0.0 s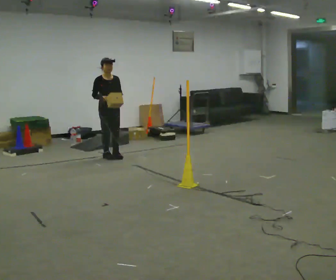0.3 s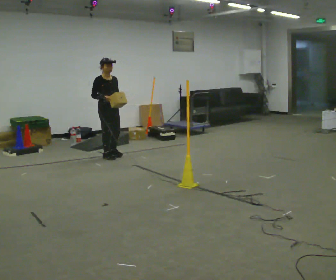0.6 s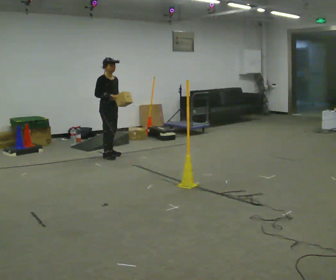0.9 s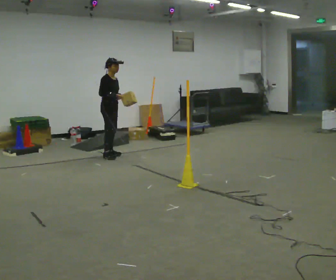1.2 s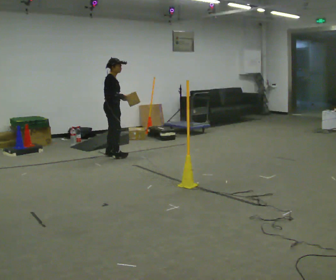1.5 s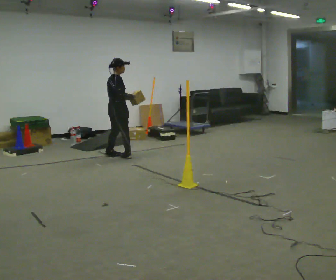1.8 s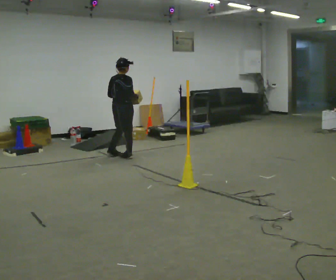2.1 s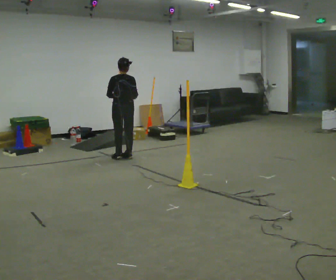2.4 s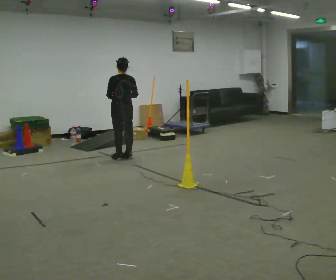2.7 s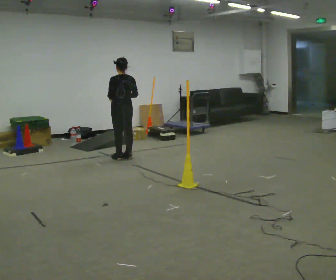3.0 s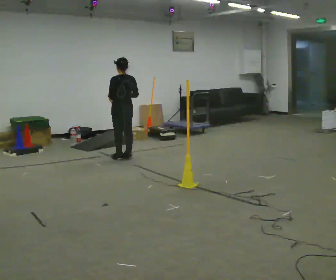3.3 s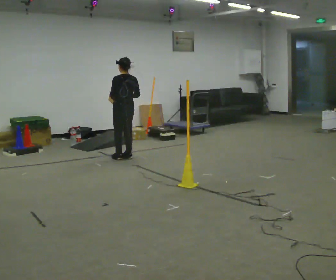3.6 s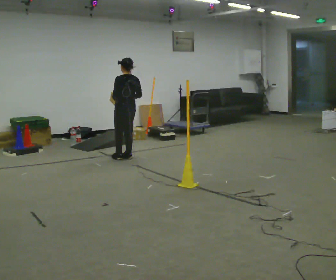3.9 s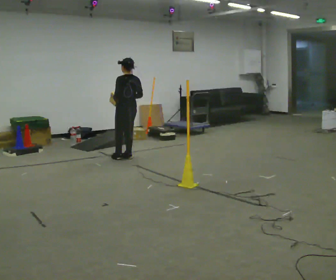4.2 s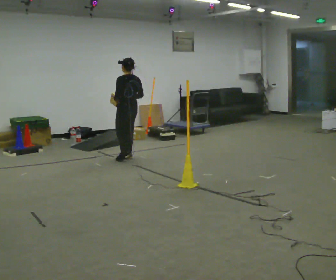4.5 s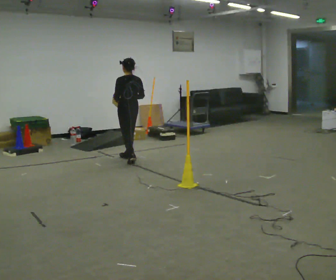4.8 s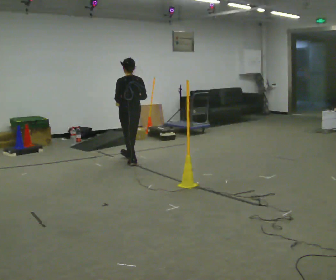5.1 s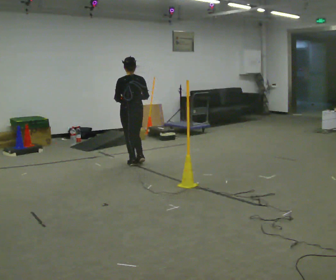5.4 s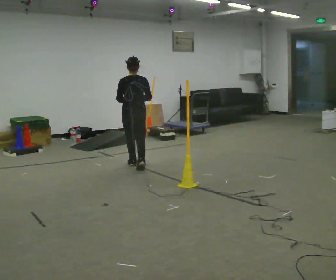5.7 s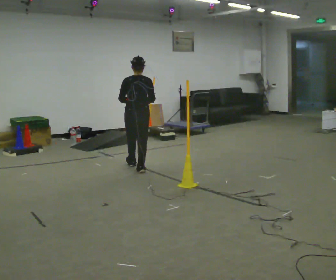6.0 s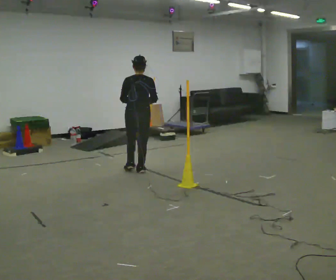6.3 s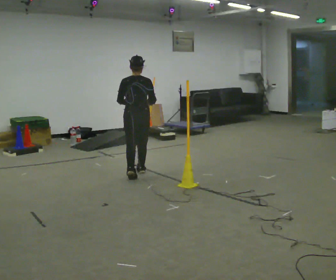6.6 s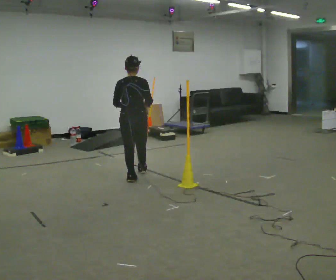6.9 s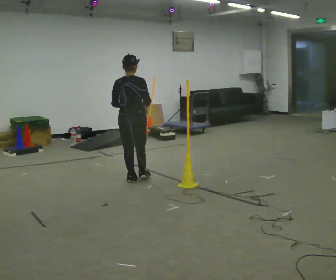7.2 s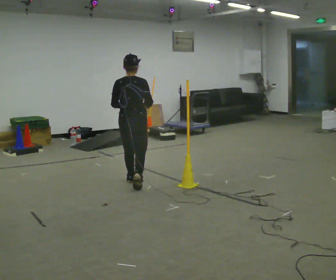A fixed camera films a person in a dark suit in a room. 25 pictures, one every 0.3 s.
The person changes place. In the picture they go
toward the camera.
The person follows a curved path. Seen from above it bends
clockwise.
0.0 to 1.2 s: The person turns about 60 degrees to their left, counterclockwise seen from above, so the part of the body nearest the lens slides to the right.
1.2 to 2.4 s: Seen from above the body turns counterclockwise, about 105 degrees: to their left, with its near side sliding to the right. In the picture they go to the right, about 0.25 m in 1 step.
2.4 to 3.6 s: The person moves a little, or ends about where they began.
3.6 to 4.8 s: In the picture they go toward the camera, about 0.25 m in 2 steps, which for them is backward.
4.8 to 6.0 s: In the picture they go toward the camera, about 0.5 m in 1 step, which for them is backward.
6.0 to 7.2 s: In the picture they go toward the camera, about 0.5 m in 1 step, which for them is backward.
The film runs backward here.
